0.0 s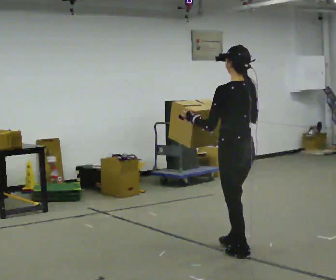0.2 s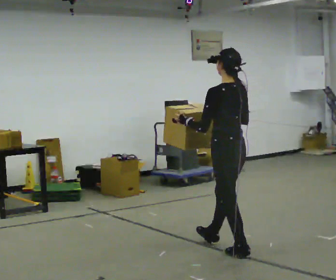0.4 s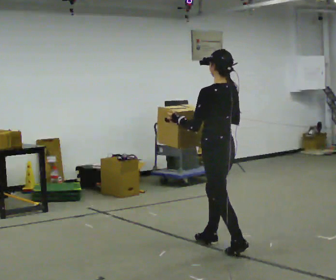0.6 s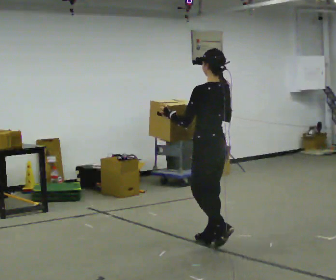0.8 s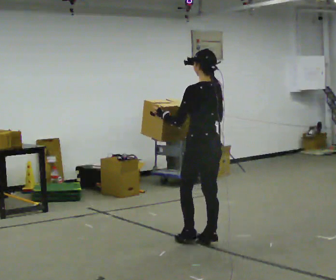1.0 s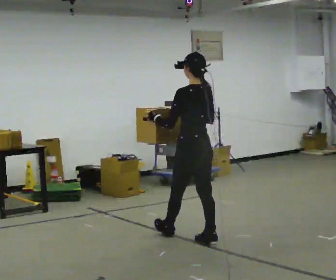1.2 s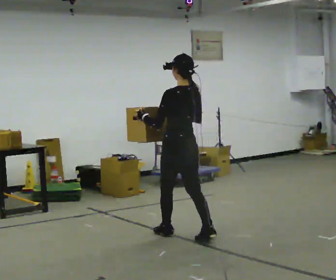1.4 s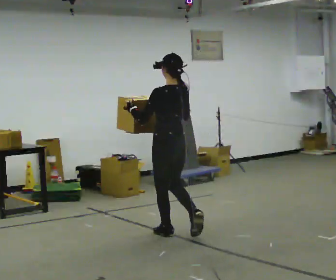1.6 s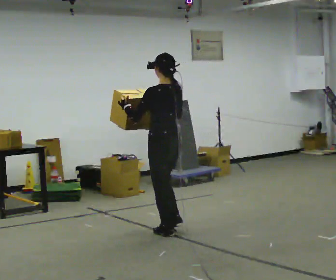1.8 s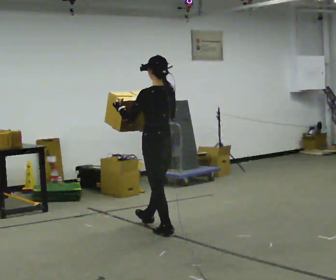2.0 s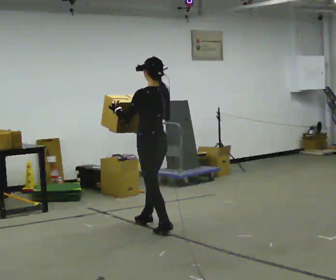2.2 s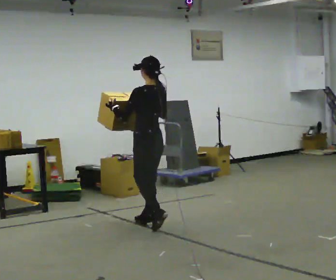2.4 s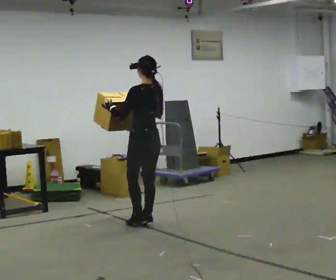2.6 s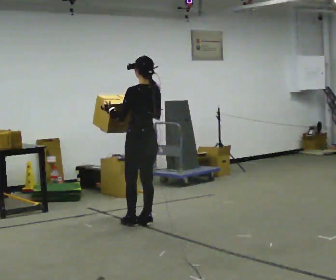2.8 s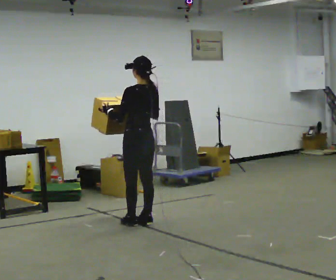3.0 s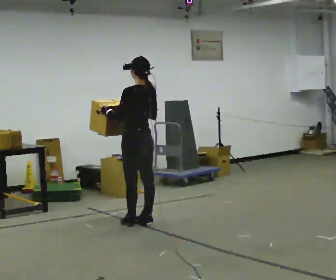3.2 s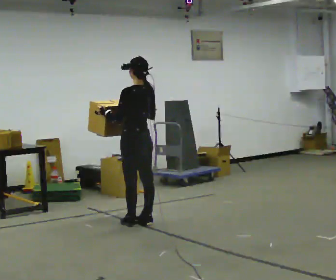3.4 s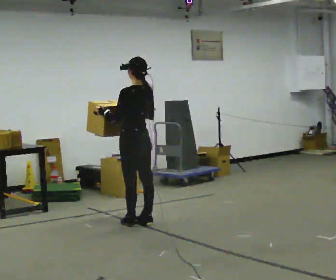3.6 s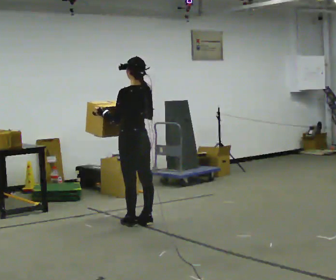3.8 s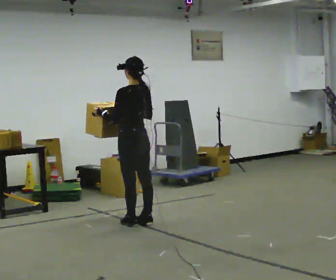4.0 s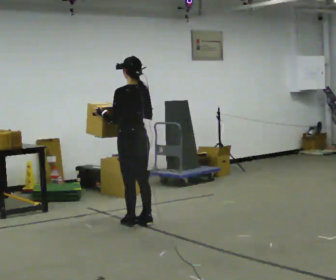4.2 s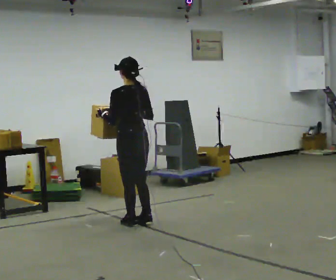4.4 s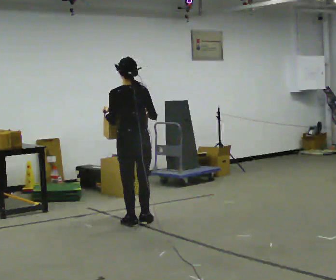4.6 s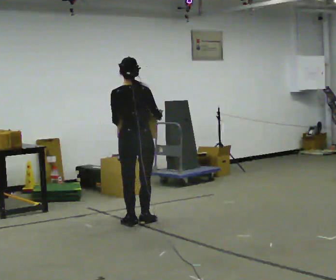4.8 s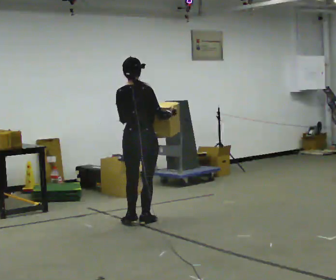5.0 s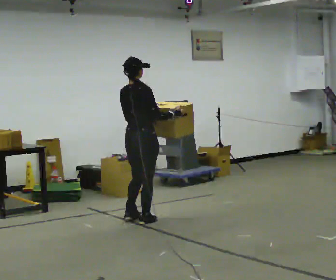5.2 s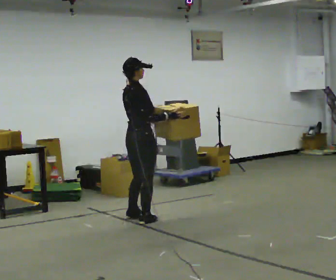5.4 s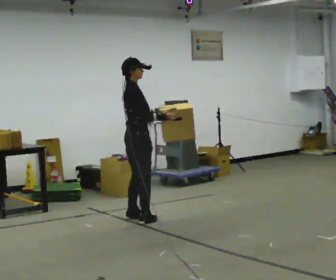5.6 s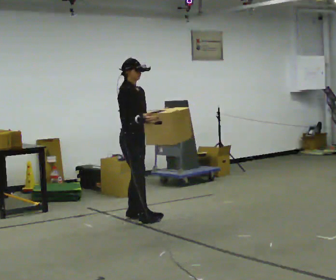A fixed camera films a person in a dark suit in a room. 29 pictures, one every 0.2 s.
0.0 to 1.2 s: In the picture they go away from the camera and to the left, about 0.5 m in 2 steps, which for them is forward.
1.2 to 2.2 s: In the picture they go away from the camera and to the left, about 0.5 m in 1 step, which for them is forward.
2.2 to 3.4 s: The person moves a little, or ends about where they began.
3.4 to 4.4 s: The part of the body nearest the lens slides to the left as the person turns to their right by about 30 degrees.
4.4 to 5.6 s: The person turns about 135 degrees to their right, clockwise seen from above, so the part of the body nearest the lens slides to the left. In the picture they go away from the camera, about 0.25 m in 1 step.
The film runs forward here.
